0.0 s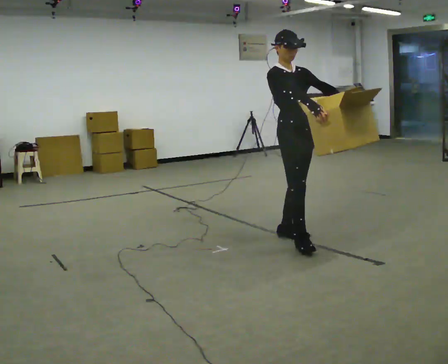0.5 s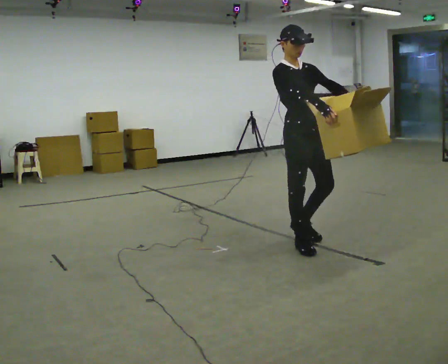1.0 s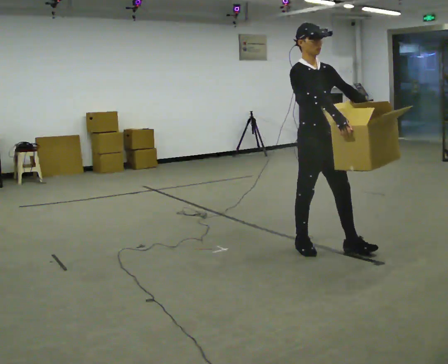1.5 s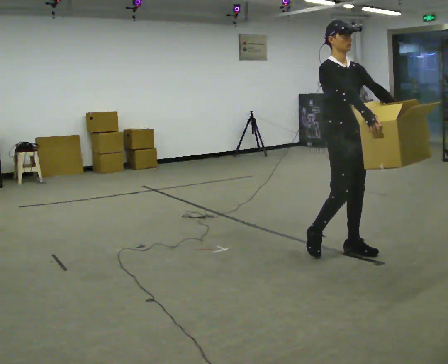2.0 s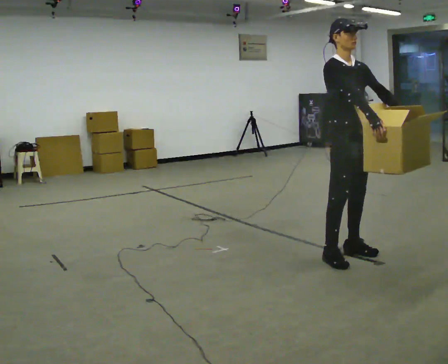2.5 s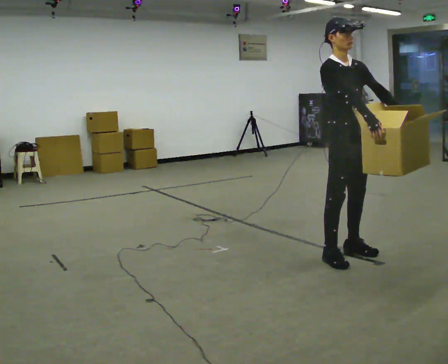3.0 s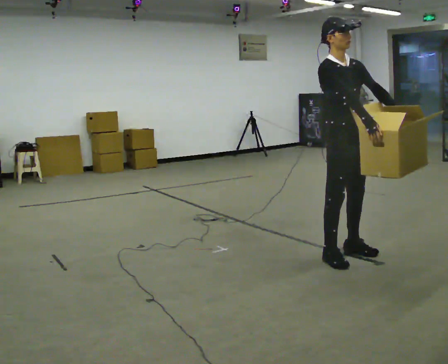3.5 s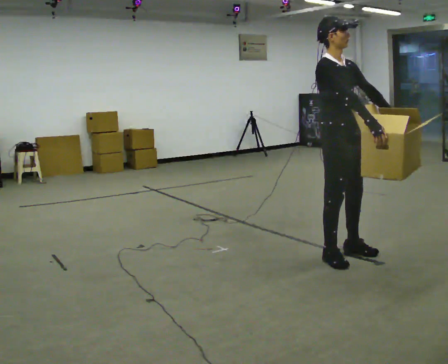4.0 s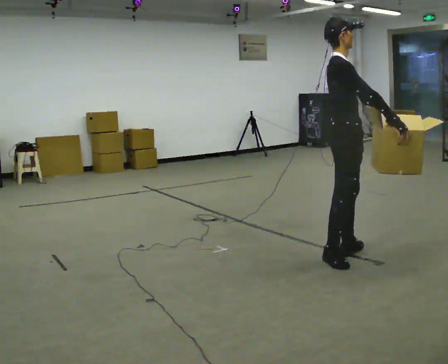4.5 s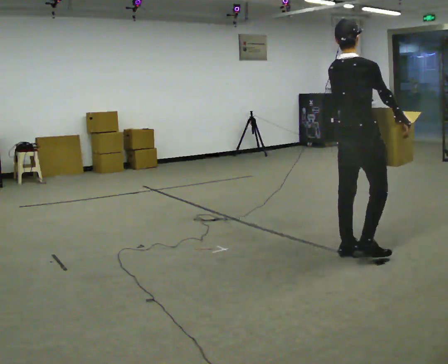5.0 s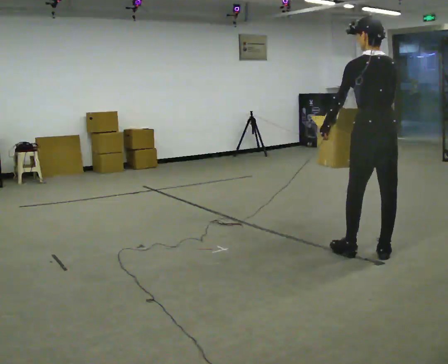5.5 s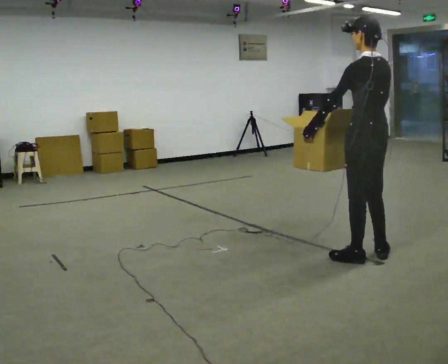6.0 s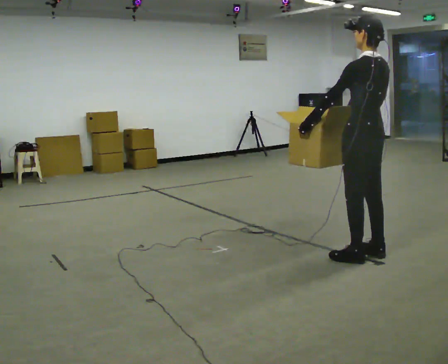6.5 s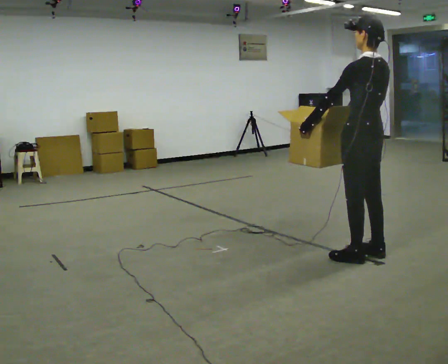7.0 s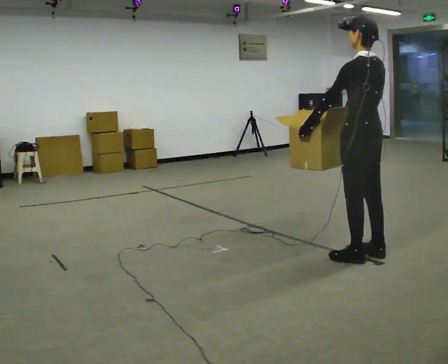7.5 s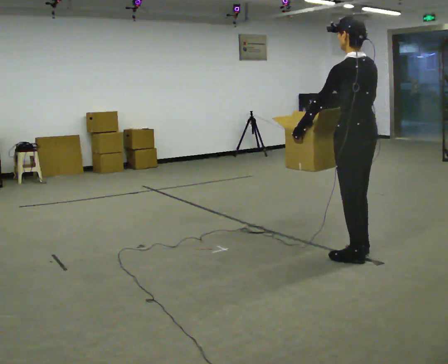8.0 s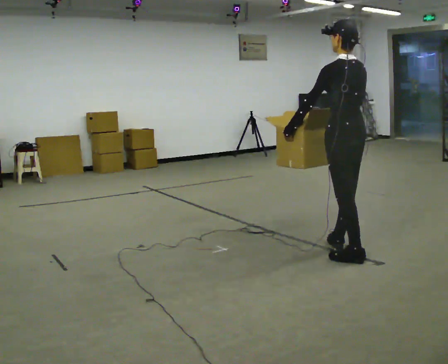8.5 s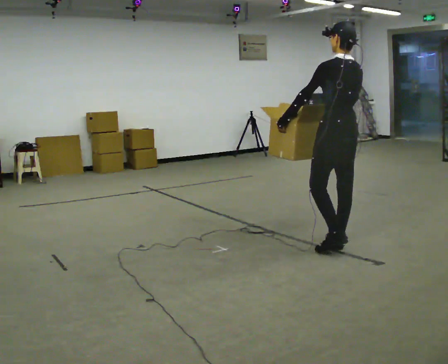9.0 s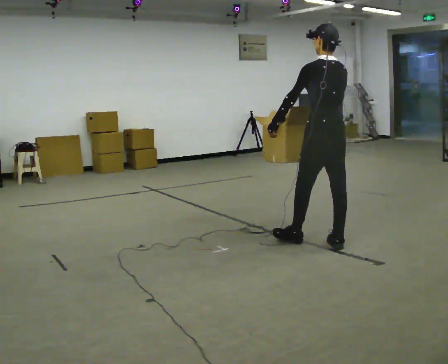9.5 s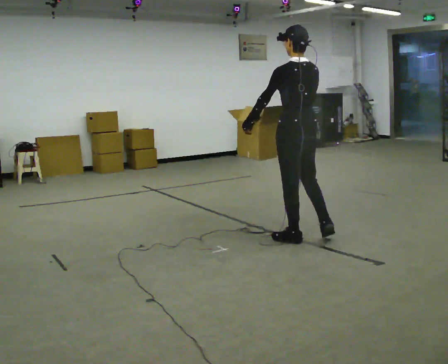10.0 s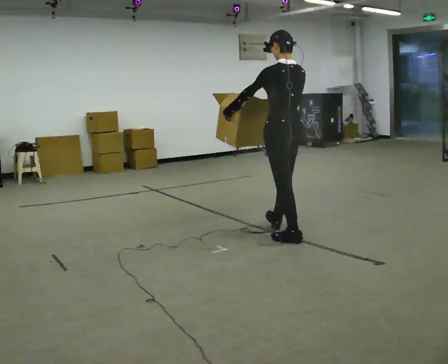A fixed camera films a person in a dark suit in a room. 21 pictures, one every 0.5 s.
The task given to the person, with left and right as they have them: Carry the object across the room. The lid hangs loose and will swing, so carry it however works. Keep going until the operator says stop; one object at a time, and do not rush between trips.
0.0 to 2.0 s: In the picture they go to the right and toward the camera, about 0.5 m in 2 steps, which for them is forward.
2.0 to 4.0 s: The person turns about 45 degrees to their left, counterclockwise seen from above, so the part of the body nearest the lens slides to the right.
4.0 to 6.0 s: The part of the body nearest the lens slides to the right as the person turns to their left by about 135 degrees. In the picture they go to the right, about 0.25 m in 1 step. In the picture their right hand goes to the left, the arm swinging clockwise.
6.0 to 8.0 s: The person moves a little, or ends about where they began.
8.0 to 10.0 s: In the picture they go to the left and away from the camera, about 0.75 m in 1 step, which for them is forward.
The film runs forward here.
